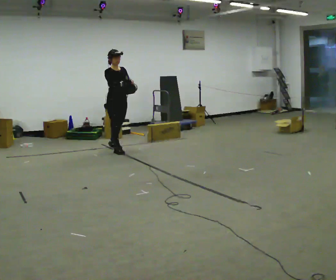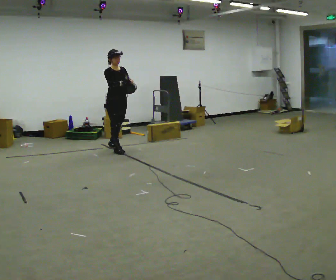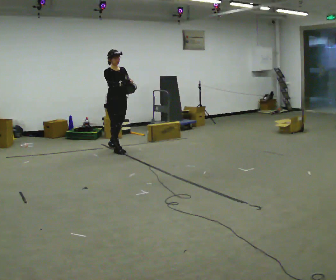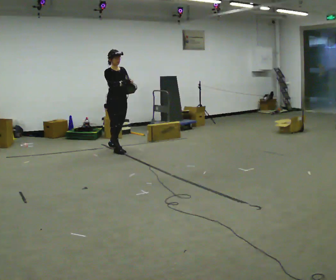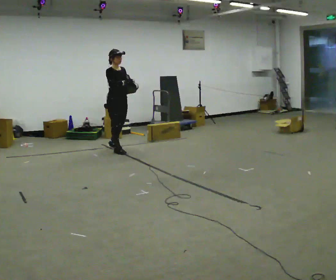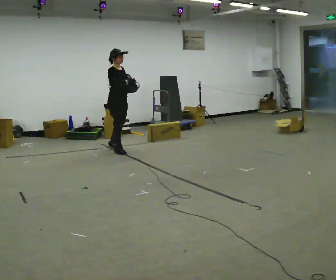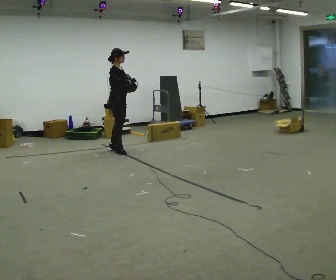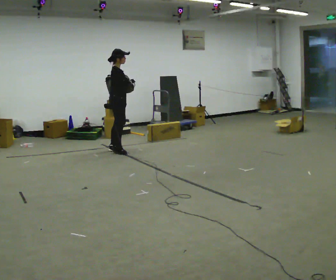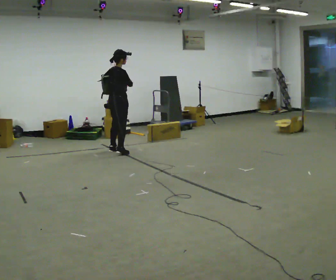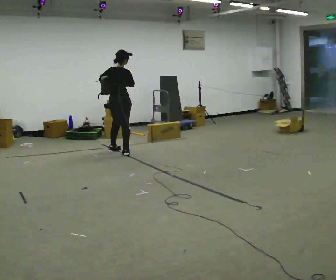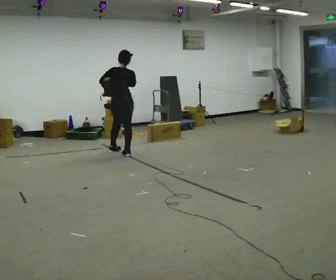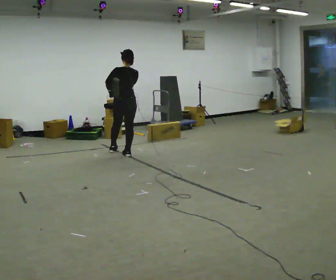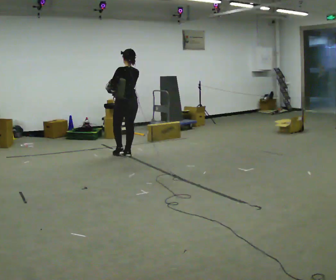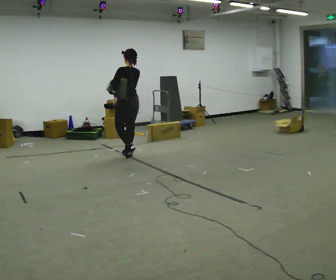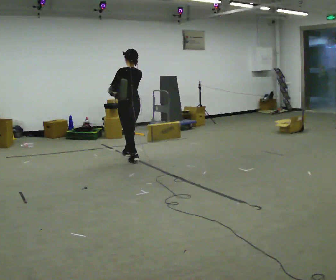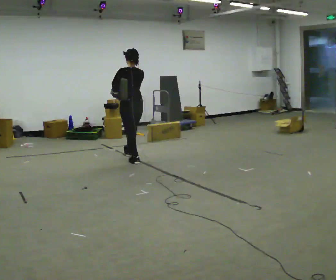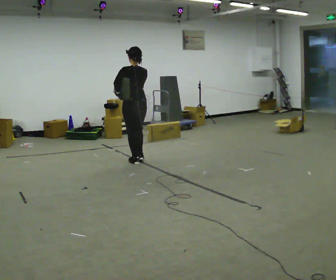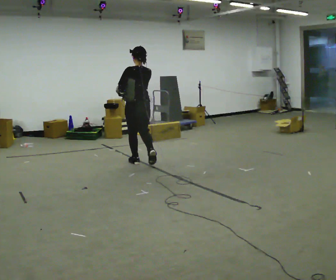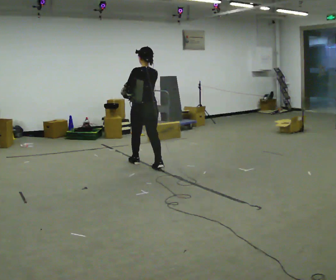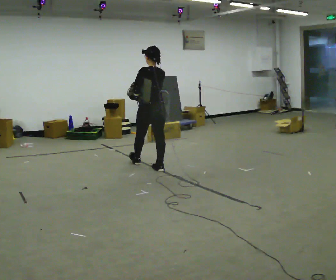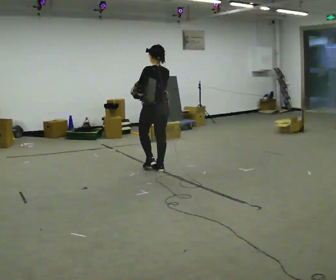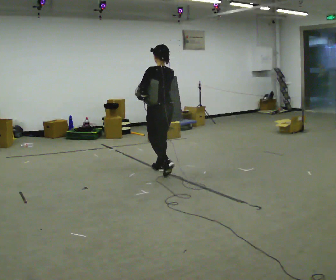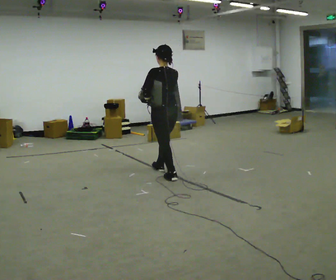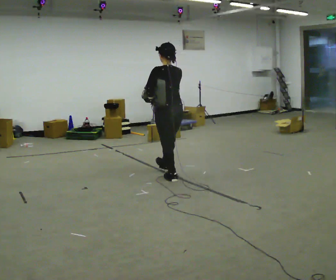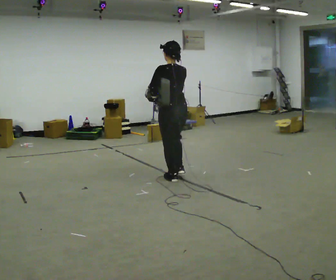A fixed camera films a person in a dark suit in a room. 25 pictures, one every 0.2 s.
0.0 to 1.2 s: The person turns about 30 degrees to their left, counterclockwise seen from above, so the part of the body nearest the lens slides to the right.
1.2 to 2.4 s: The part of the body nearest the lens slides to the right as the person turns to their left by about 135 degrees. In the picture they go toward the camera and to the right, about 0.25 m in 2 steps.
2.4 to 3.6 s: In the picture they go toward the camera and to the right, about 0.5 m in 1 step, which for them is backward.
3.6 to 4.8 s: In the picture they go toward the camera and to the right, about 1 m in 2 steps, which for them is backward.
The film runs backward here.
